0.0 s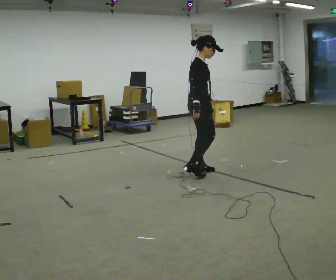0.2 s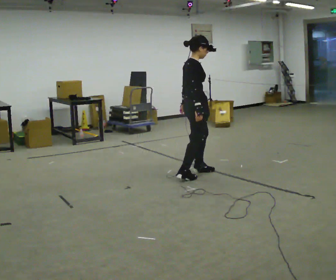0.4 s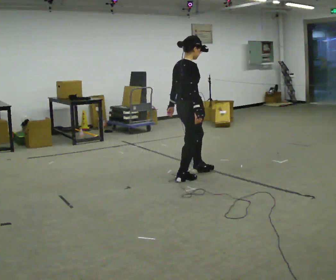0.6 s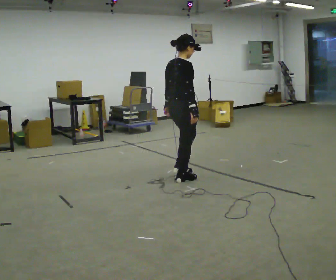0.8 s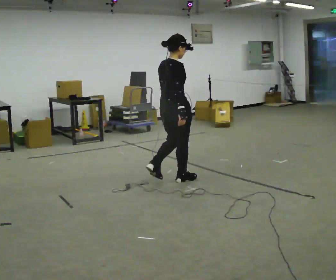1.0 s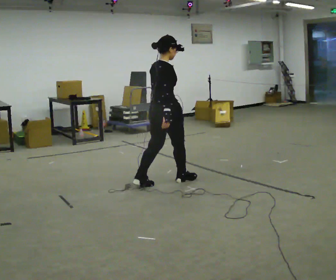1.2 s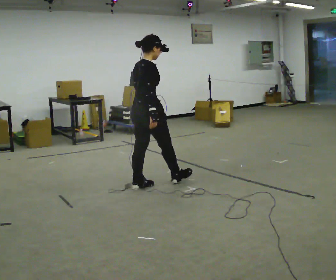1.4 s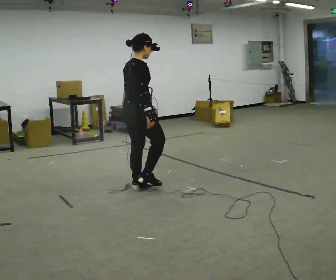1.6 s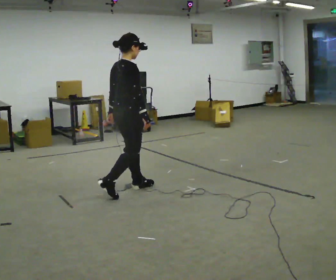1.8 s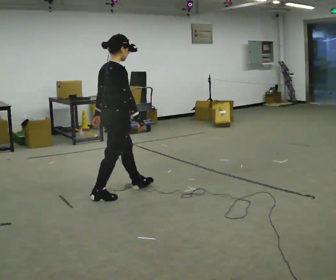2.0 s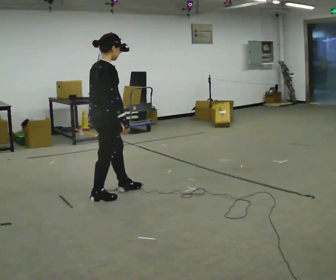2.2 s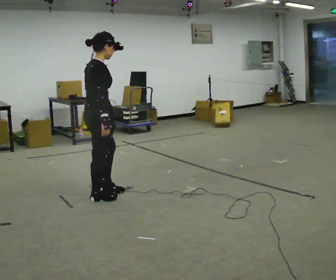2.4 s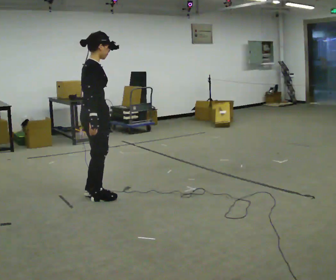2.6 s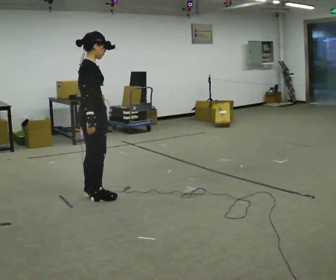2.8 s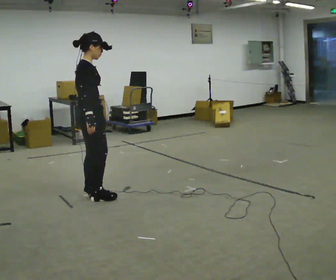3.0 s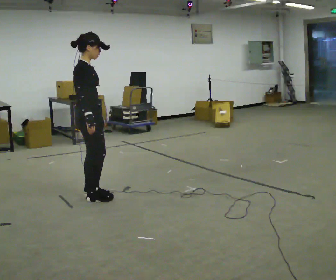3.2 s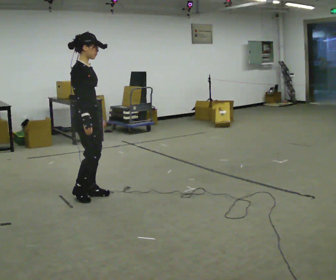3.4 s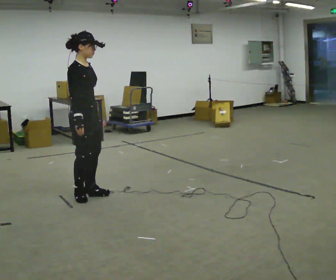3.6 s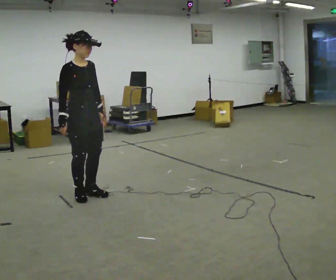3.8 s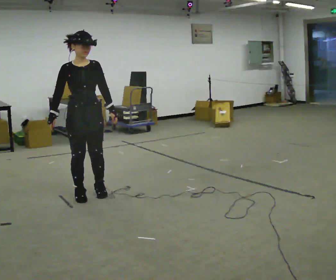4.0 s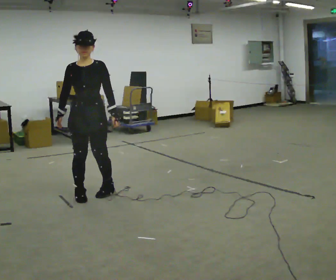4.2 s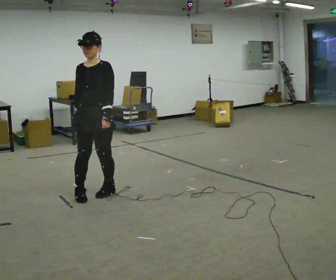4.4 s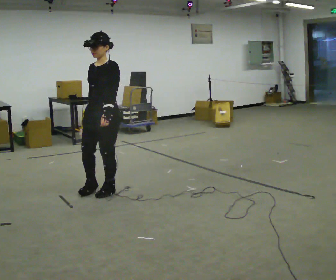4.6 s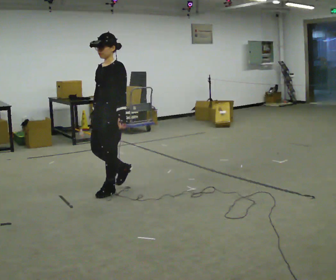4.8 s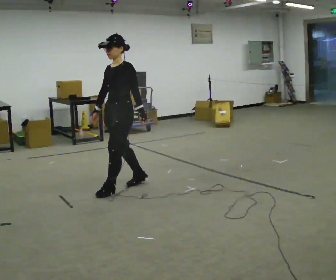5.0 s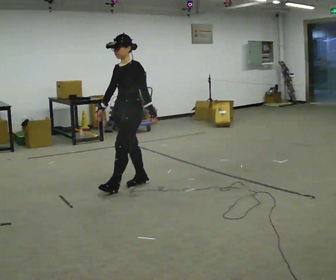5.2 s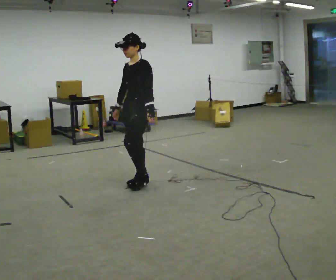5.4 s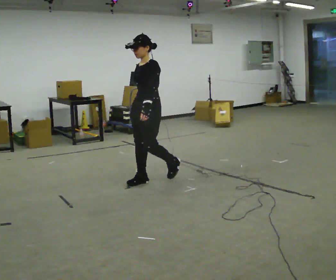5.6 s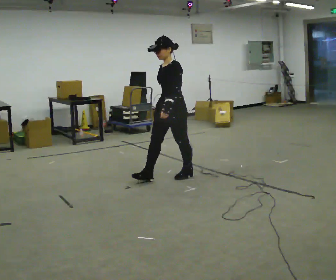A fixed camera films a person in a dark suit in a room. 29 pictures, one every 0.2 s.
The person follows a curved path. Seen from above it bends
clockwise.
0.0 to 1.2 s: The person turns about 45 degrees to their left, counterclockwise seen from above, so the part of the body nearest the lens slides to the right. In the picture they go to the left and toward the camera, about 0.5 m in 2 steps, which for them is backward.
1.2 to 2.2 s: In the picture they go to the left and toward the camera, about 0.5 m in 1 step, which for them is backward.
2.2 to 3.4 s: The person turns about 45 degrees to their right, clockwise seen from above, so the part of the body nearest the lens slides to the left.
3.4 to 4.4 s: Seen from above the body turns clockwise, about 120 degrees: to their right, with its near side sliding to the left. In the picture they go to the right, about 0.25 m in 2 steps.
4.4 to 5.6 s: In the picture they go to the right and away from the camera, about 1 m in 1 step, which for them is backward.
The film runs backward here.
